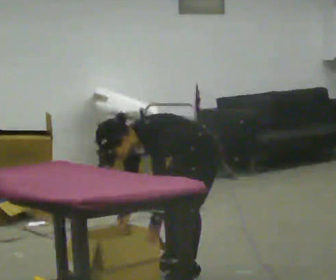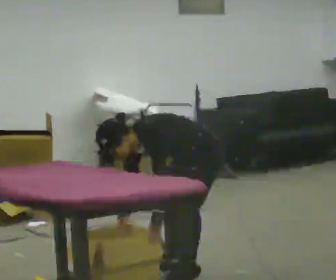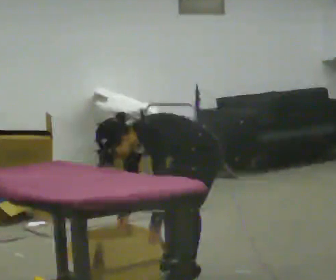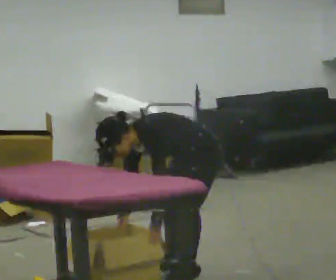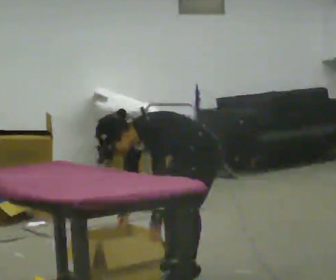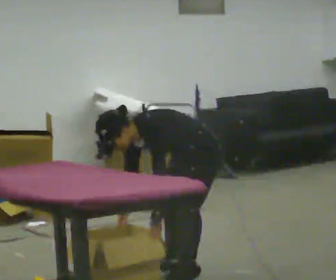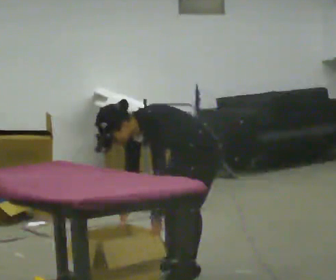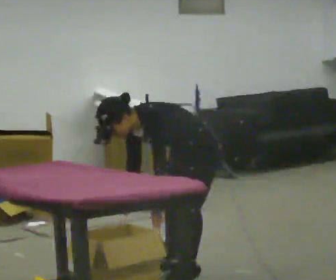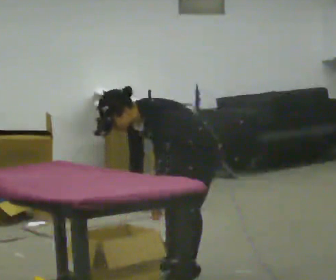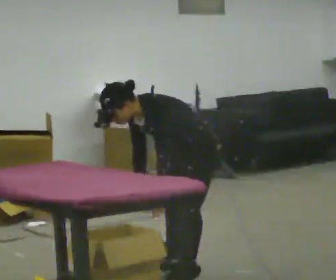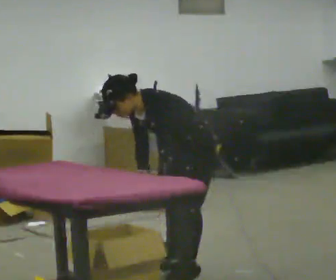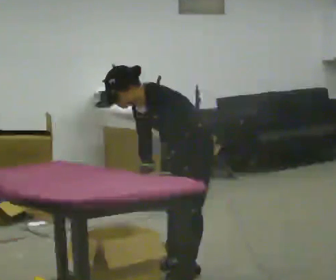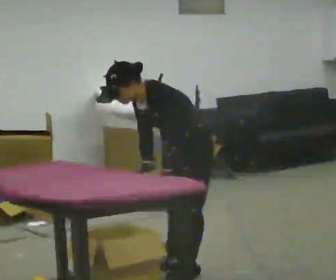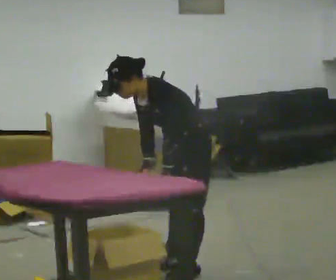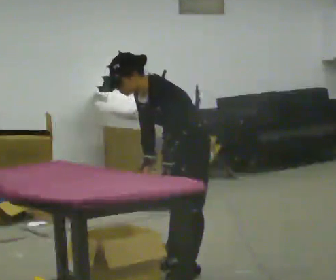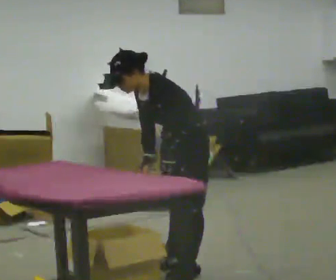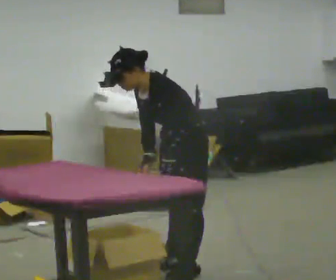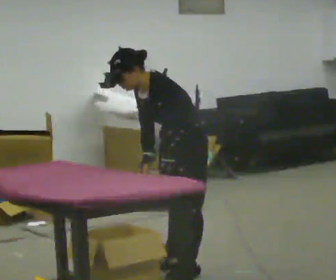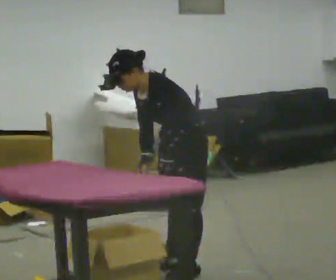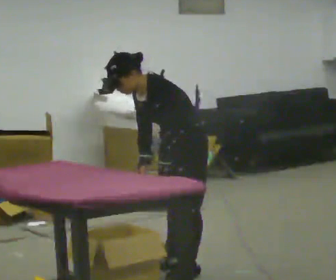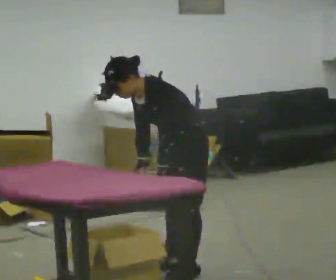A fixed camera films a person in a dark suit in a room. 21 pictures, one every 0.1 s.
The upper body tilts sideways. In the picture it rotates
clockwise.
0.0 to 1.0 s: The shoulders move upward. In the picture the upper body tilts clockwise, shoulders to the right, as they lean back or straighten.
1.0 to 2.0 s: The person moves a little, or ends about where they began.
The film runs forward here.
